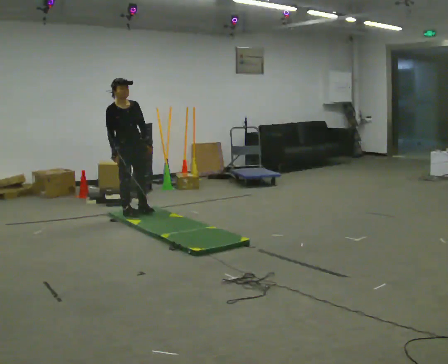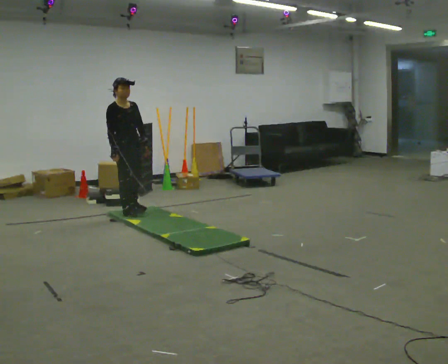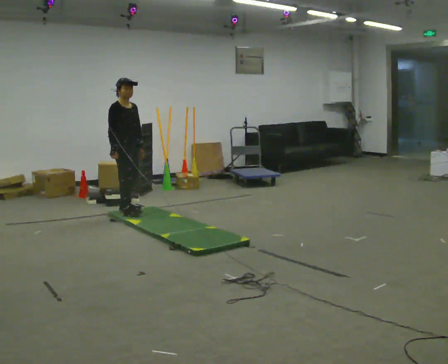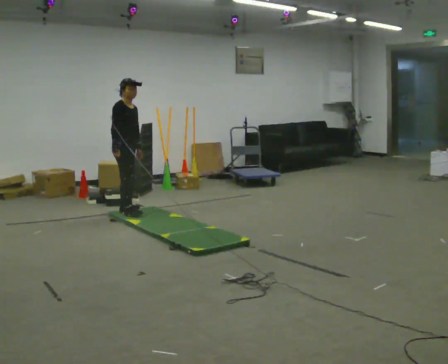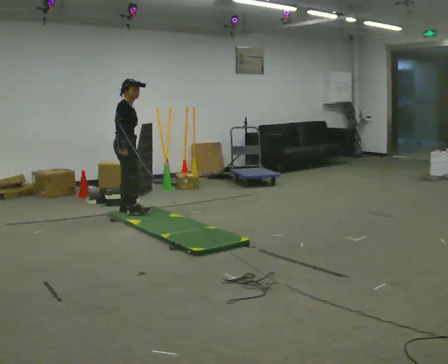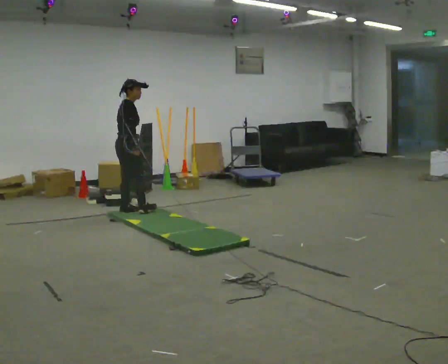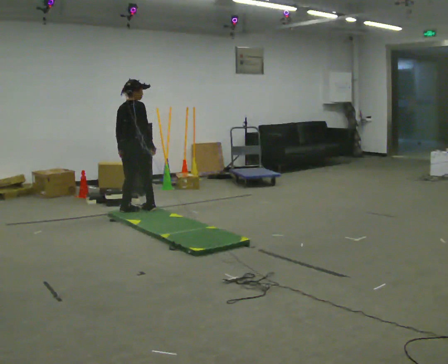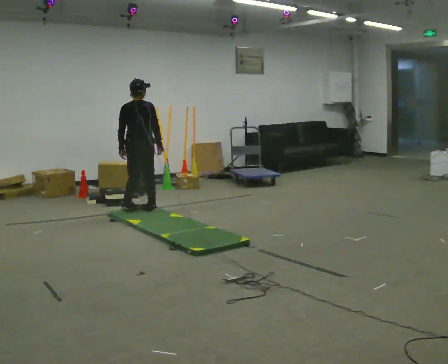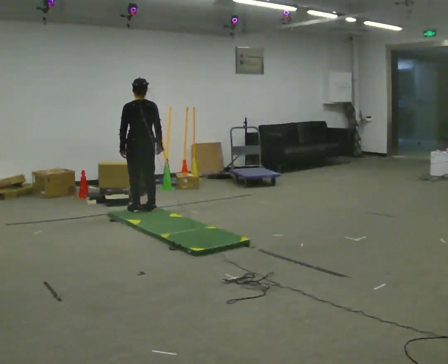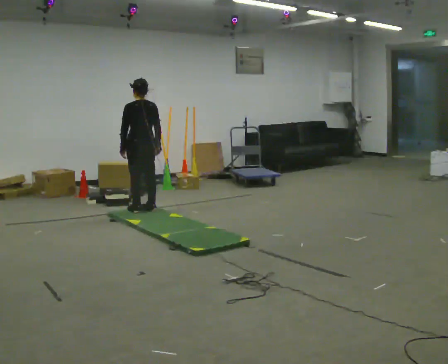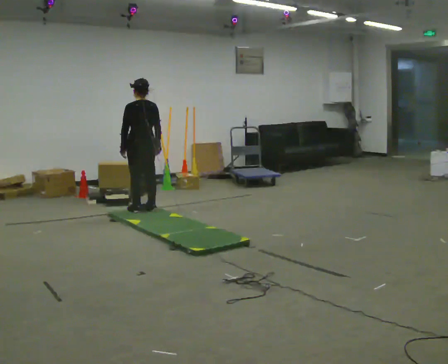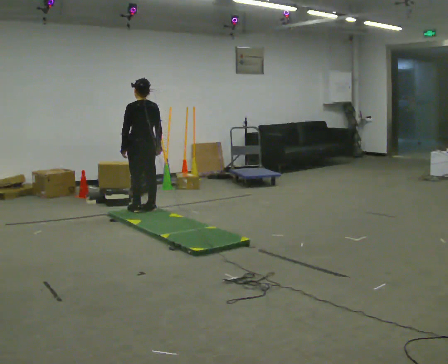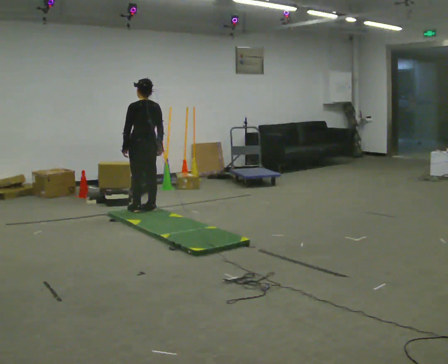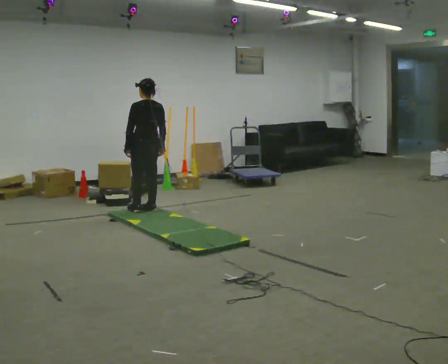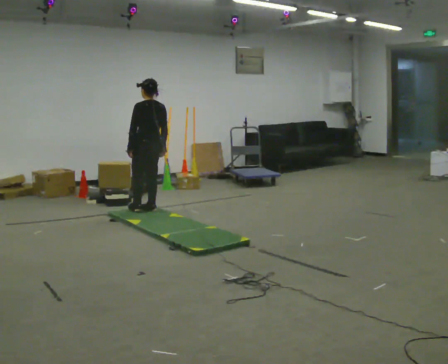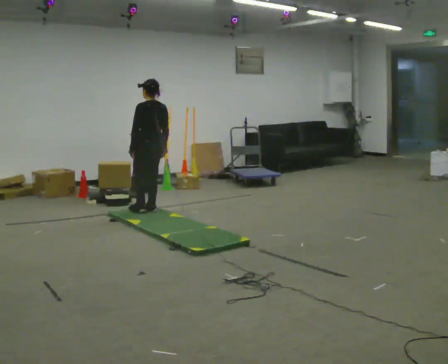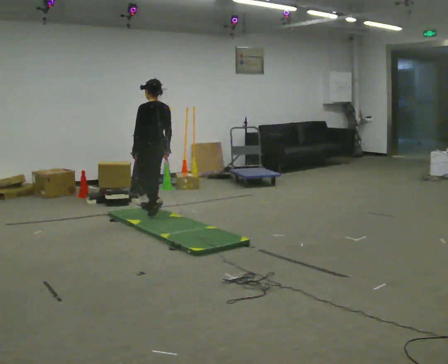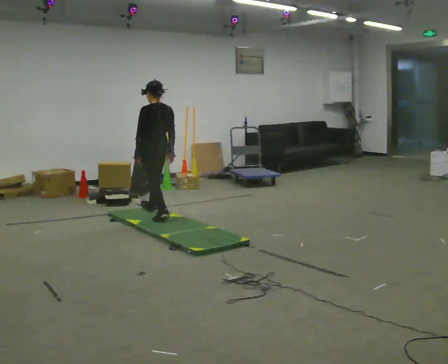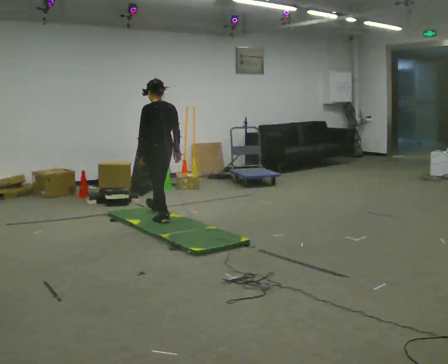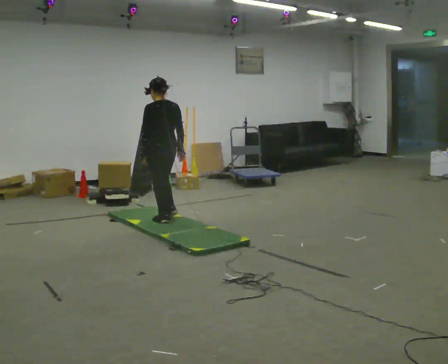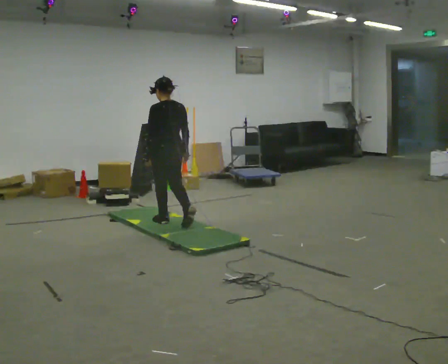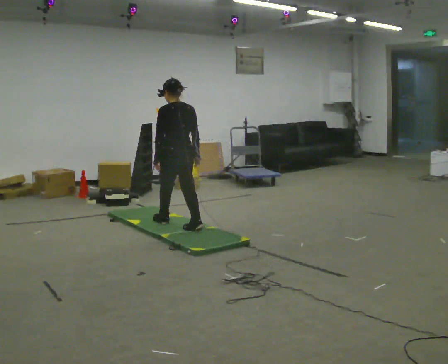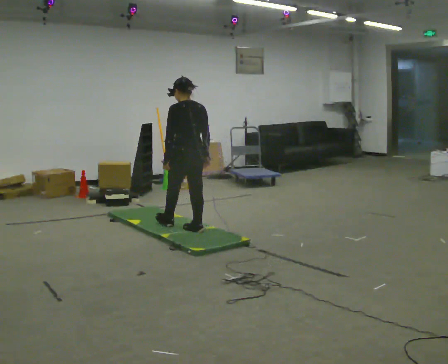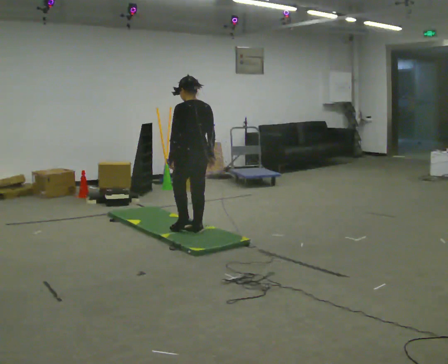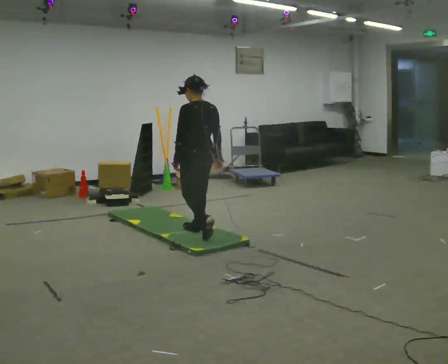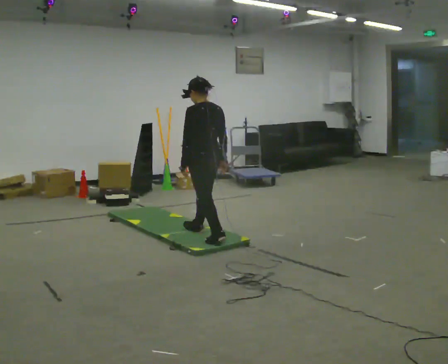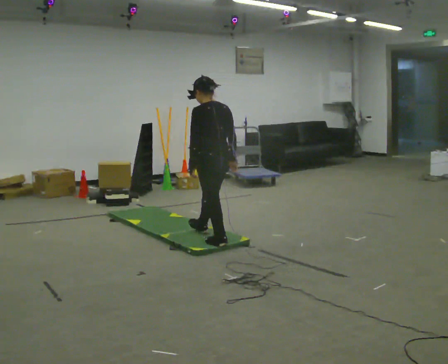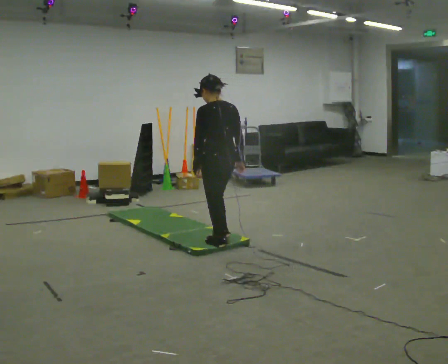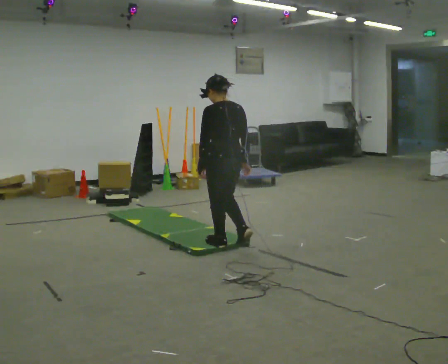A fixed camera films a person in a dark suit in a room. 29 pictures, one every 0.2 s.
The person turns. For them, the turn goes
to their left.
The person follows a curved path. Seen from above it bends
clockwise.
0.0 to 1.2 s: The part of the body nearest the lens slides to the right as the person turns to their left by about 105 degrees. In the picture their left hand goes to the left, the arm swinging clockwise.
1.2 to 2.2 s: Seen from above the body turns counterclockwise, about 75 degrees: to their left, with its near side sliding to the right.
2.2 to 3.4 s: In the picture they go toward the camera, about 0.25 m in 1 step, which for them is backward.
3.4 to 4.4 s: In the picture they go toward the camera and to the right, about 0.75 m in 2 steps, which for them is backward.
4.4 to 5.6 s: In the picture they go toward the camera and to the right, about 0.75 m in 1 step, which for them is backward.
The film runs backward here.
